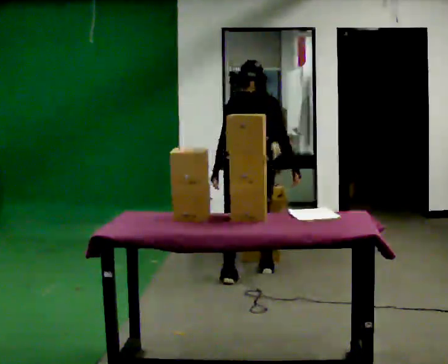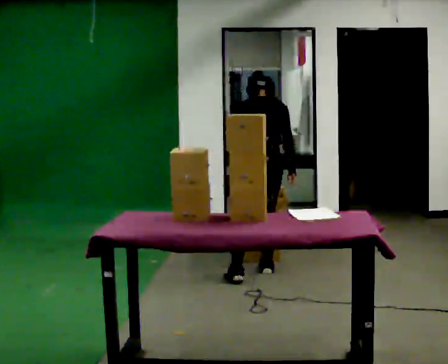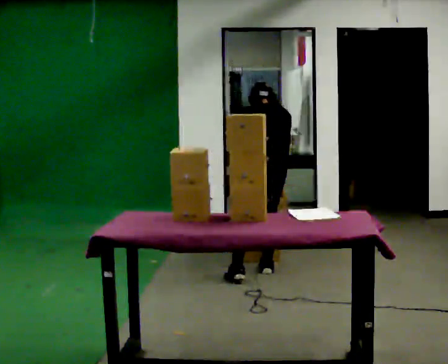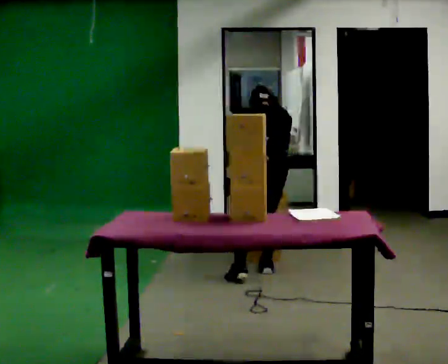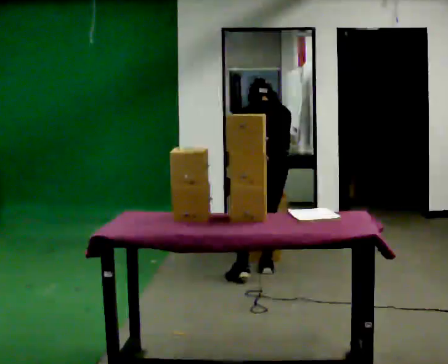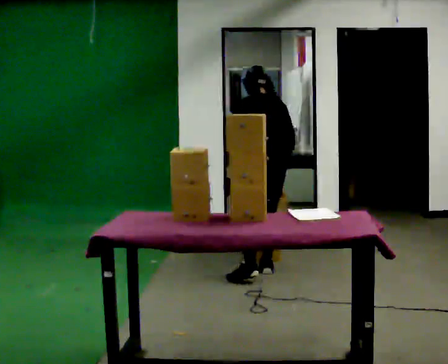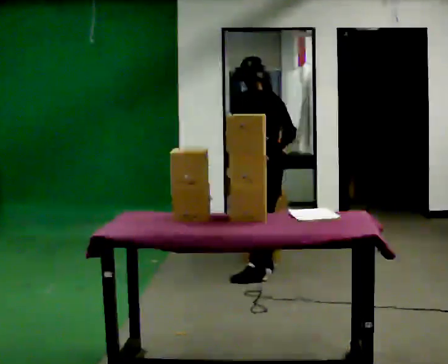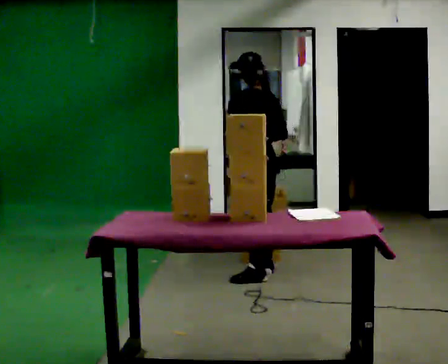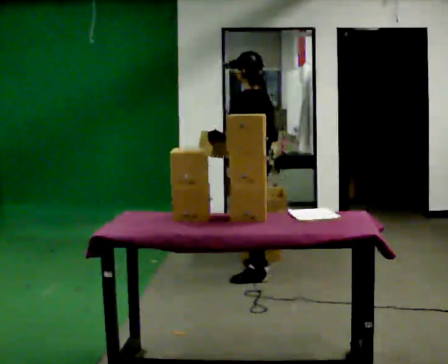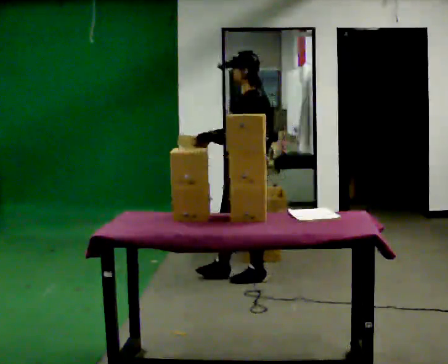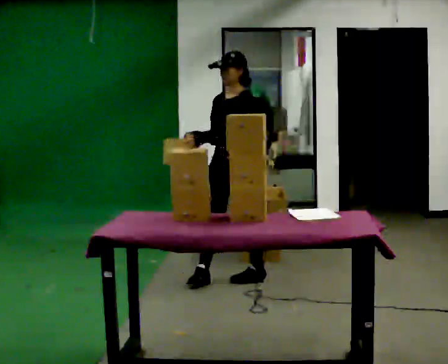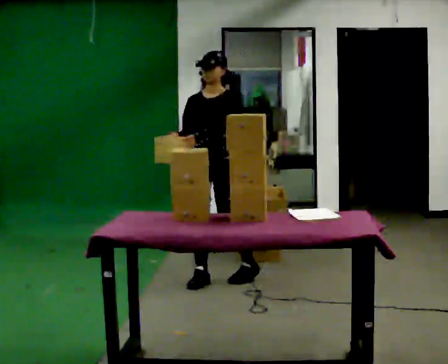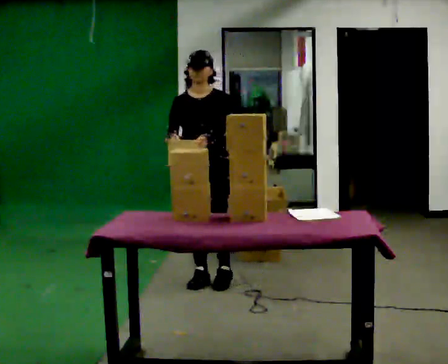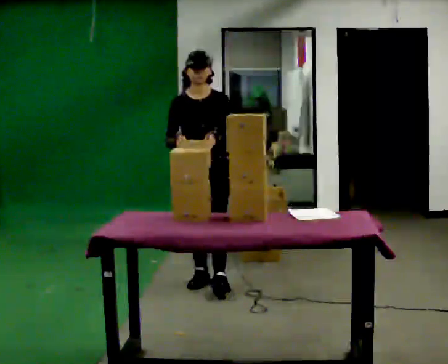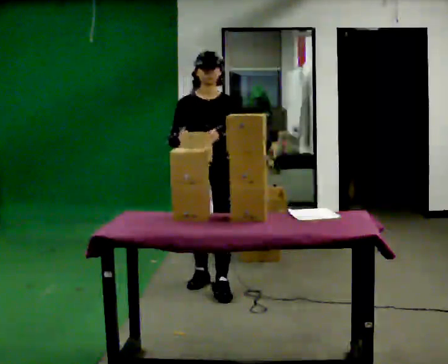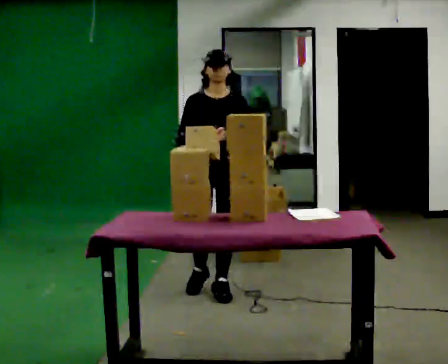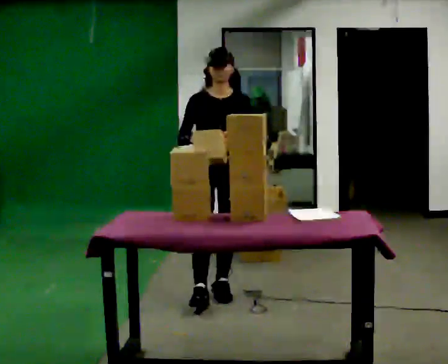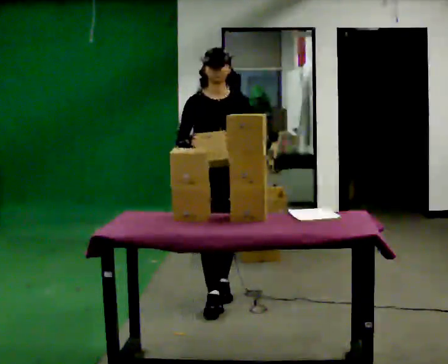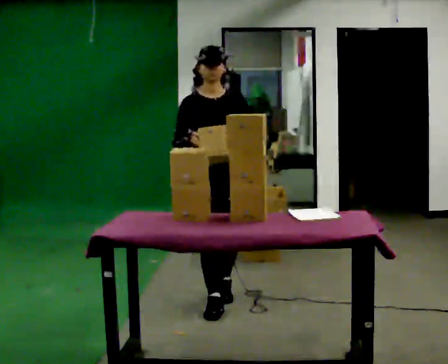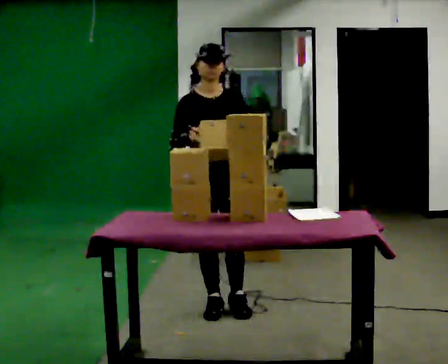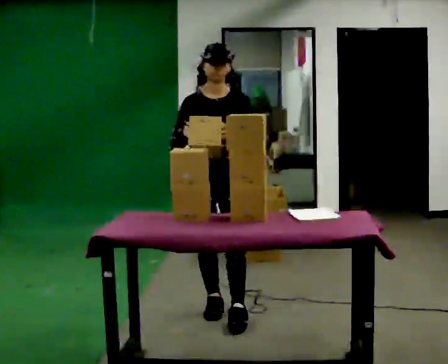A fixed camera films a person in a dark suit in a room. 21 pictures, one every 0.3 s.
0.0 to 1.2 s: The person moves a little, or ends about where they began.
1.2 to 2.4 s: The part of the body nearest the lens slides to the right as the person turns to their left by about 60 degrees. In the picture they go toward the camera, about 0.25 m in 1 step, which for them is to their left. The upper body tips toward the camera, its near side rolling downward, as they lean back or straighten. In the picture their left hand goes upward.
2.4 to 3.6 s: Seen from above the body turns counterclockwise, about 105 degrees: to their left, with its near side sliding to the right. In the picture they go to the left, about 0.25 m in 1 step.
3.6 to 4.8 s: In the picture they go toward the camera, about 0.25 m in 1 step, which for them is forward.
4.8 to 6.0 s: In the picture they go toward the camera, about 0.5 m in 2 steps, which for them is forward.
The film runs forward here.
